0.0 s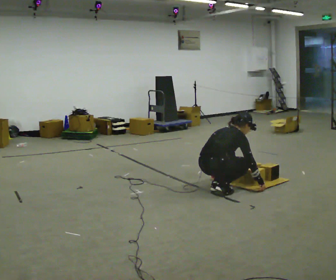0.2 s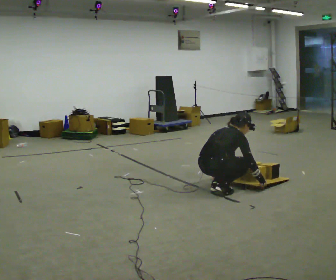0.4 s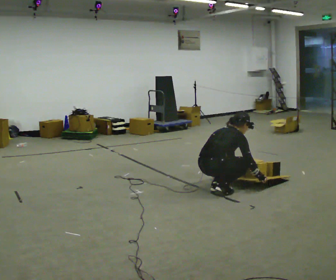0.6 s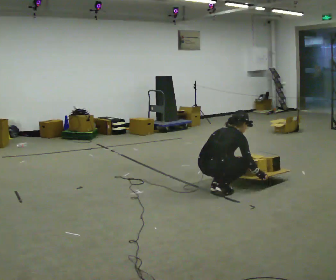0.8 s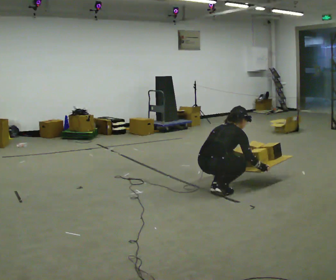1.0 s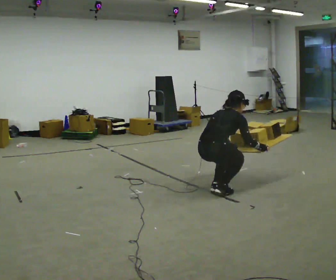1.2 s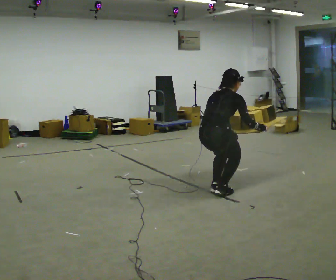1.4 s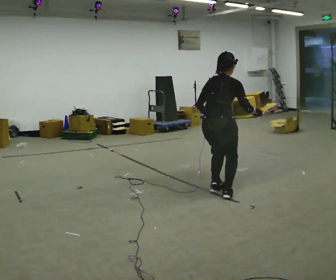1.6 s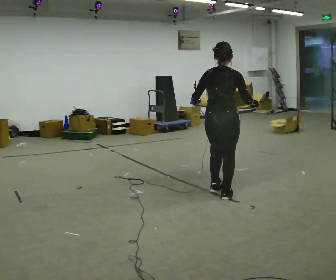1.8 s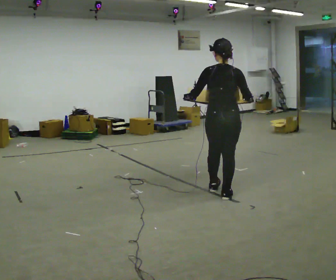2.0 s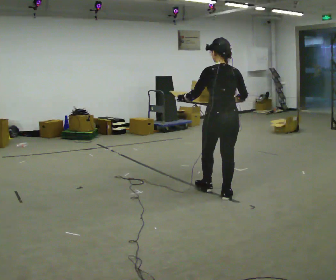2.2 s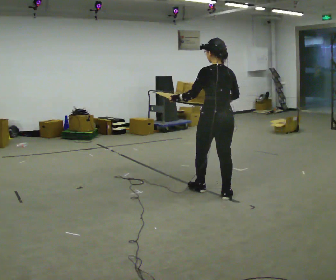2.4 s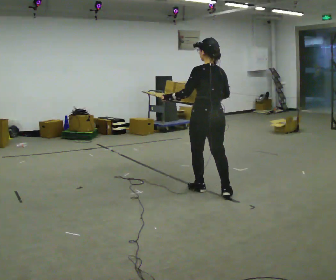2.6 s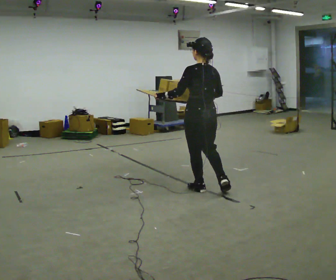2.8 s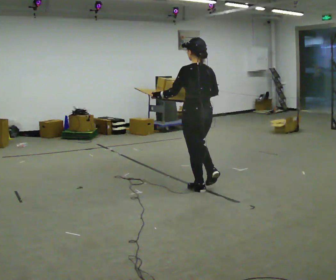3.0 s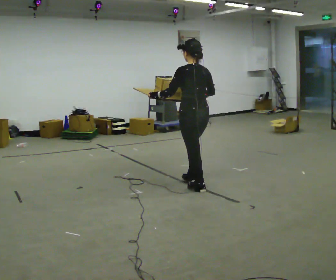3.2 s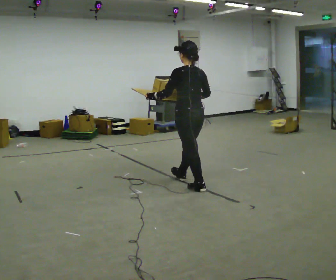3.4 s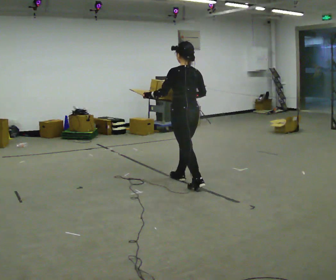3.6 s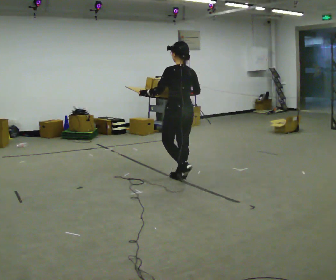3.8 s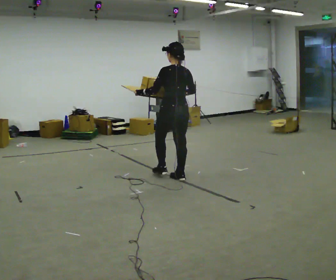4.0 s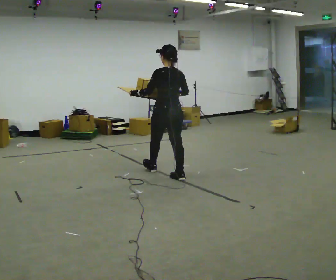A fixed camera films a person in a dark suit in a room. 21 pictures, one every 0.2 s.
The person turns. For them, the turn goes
to their left.
The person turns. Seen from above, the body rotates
counterclockwise.
0.0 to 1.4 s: The upper body goes upward. In the picture the upper body tilts counterclockwise, shoulders to the left, as they lean back or straighten. In the picture their right hand goes upward.
1.4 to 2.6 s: The person turns about 60 degrees to their left, counterclockwise seen from above, so the part of the body nearest the lens slides to the right. In the picture they go to the left, about 0.25 m, which for them is forward and to their left. The upper body tips toward the camera, its near side rolling downward, as they lean back or straighten. In the picture their right hand goes to the left.
2.6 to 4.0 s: In the picture they go to the left and away from the camera, about 0.5 m in 1 step, which for them is forward.
The film runs forward here.
